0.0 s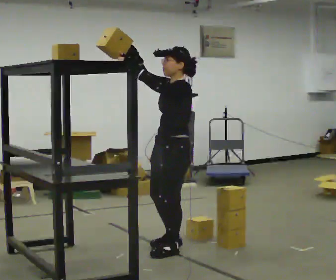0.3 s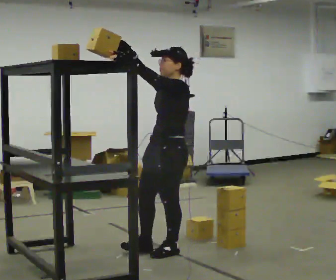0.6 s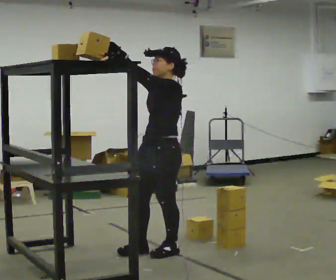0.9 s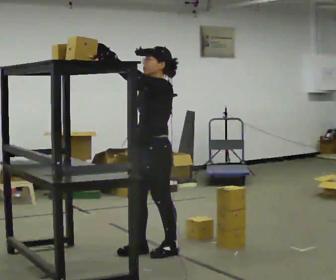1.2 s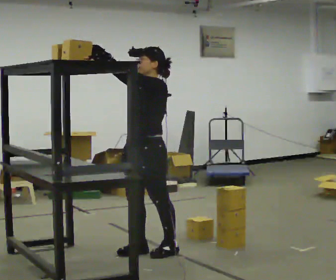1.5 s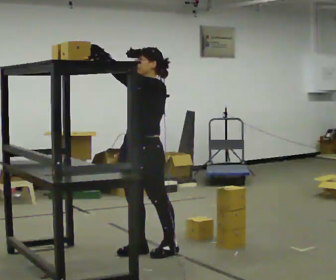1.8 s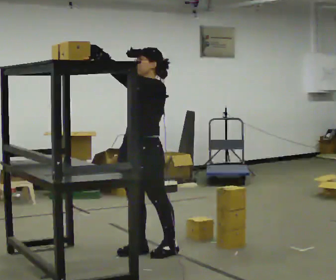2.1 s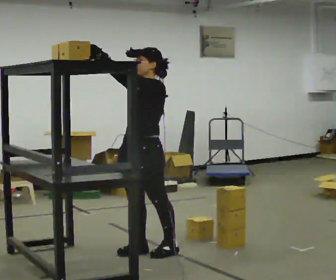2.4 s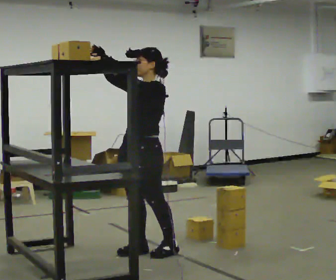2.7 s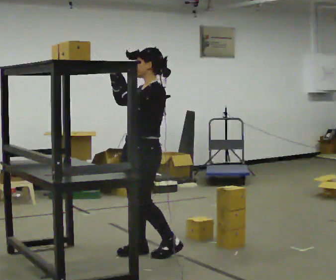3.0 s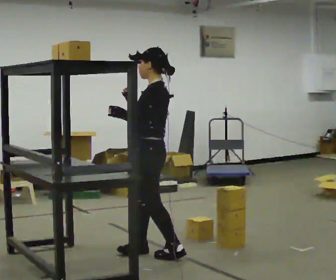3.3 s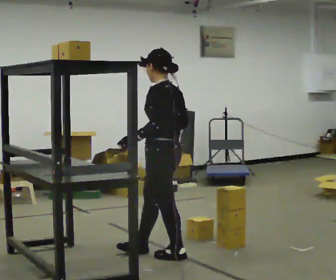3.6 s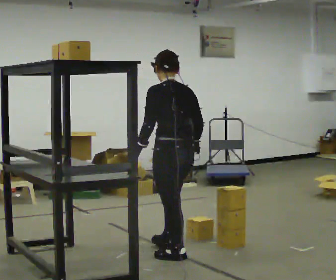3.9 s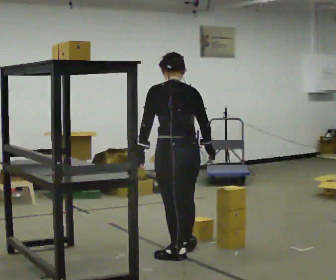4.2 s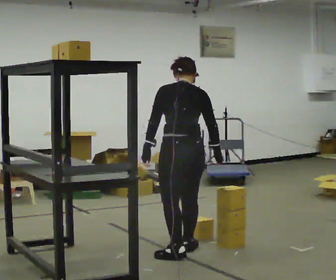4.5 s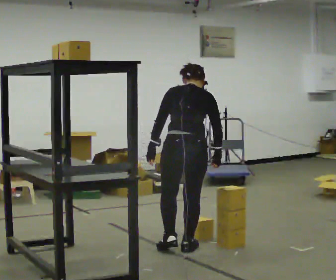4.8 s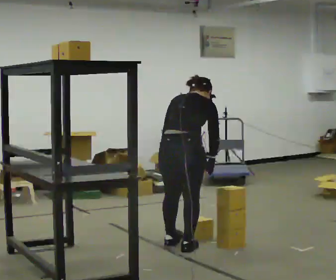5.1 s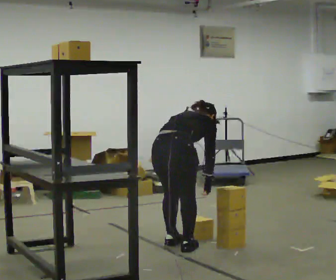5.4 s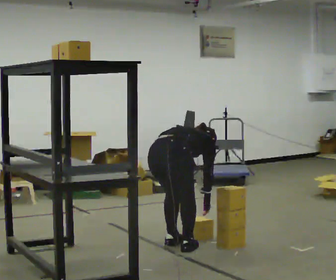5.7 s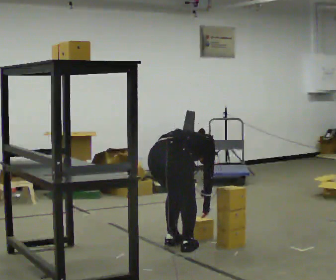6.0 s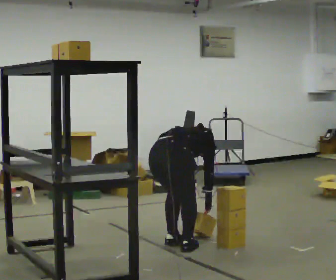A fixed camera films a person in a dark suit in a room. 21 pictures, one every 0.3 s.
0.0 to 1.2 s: In the picture they go to the left, about 0.25 m in 1 step, which for them is forward.
1.2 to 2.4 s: The person moves a little, or ends about where they began.
2.4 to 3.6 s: The person turns about 90 degrees to their right, clockwise seen from above, so the part of the body nearest the lens slides to the left. In the picture they go to the right and toward the camera, about 0.25 m in 1 step. In the picture their right hand goes downward.
3.6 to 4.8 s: The part of the body nearest the lens slides to the left as the person turns to their right by about 60 degrees. In the picture they go away from the camera, about 0.25 m in 2 steps. The upper body tips away from the camera, its near side rolling upward, as they bend forward.
4.8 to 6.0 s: The upper body goes downward. In the picture the upper body tilts clockwise, shoulders to the right, as they bend forward. In the picture their left hand goes downward.
The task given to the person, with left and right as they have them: Take an object down from the highest shelf you can comfortably reach, carry it across the room, and set it on the floor. Keep going until the operator says stop; one object at a time, and do not rush between trips.
The film runs forward here.
